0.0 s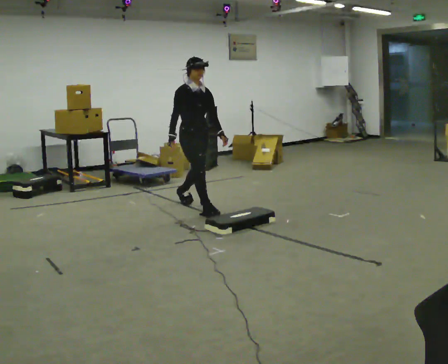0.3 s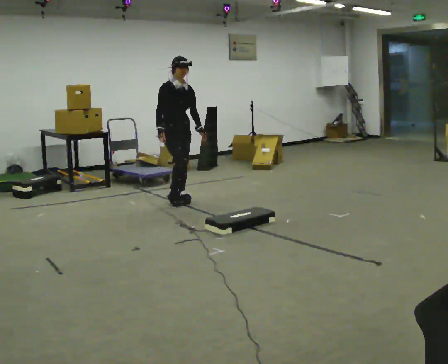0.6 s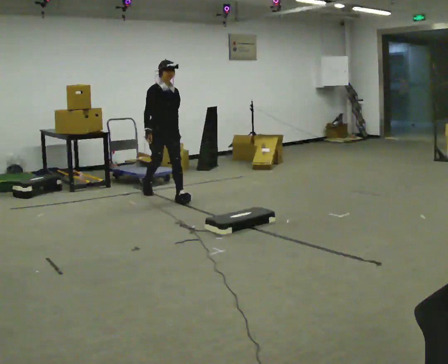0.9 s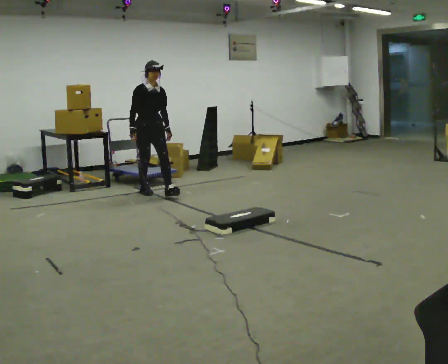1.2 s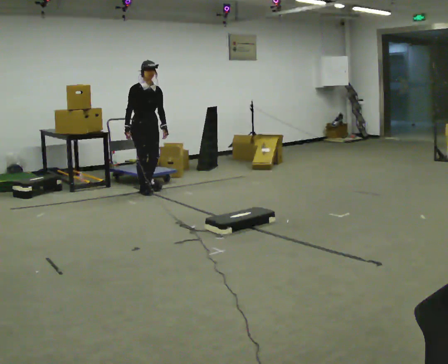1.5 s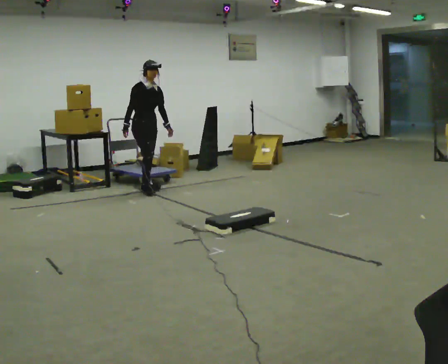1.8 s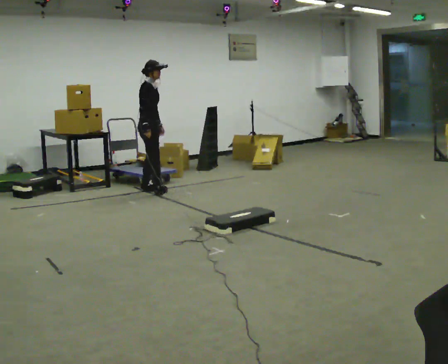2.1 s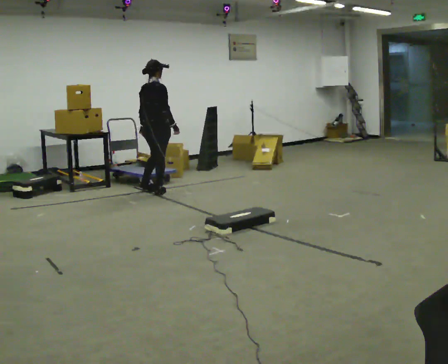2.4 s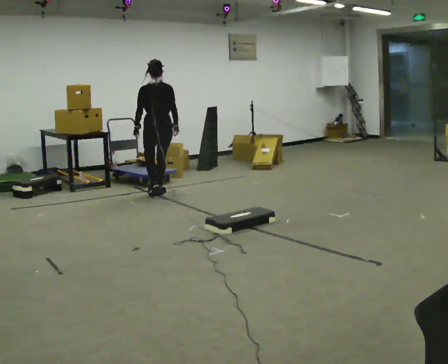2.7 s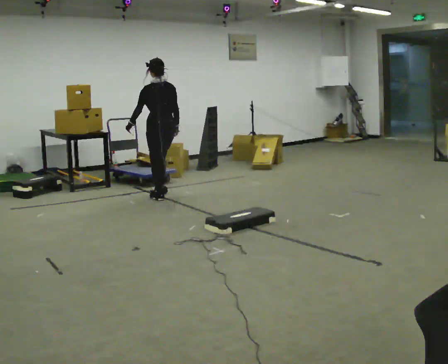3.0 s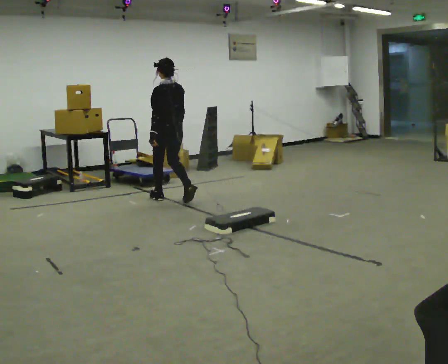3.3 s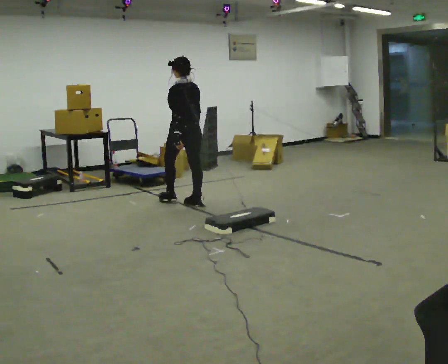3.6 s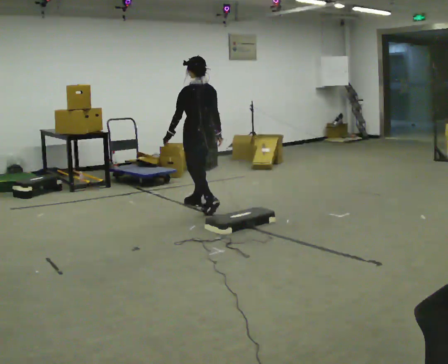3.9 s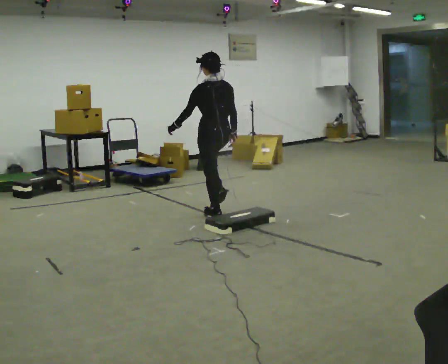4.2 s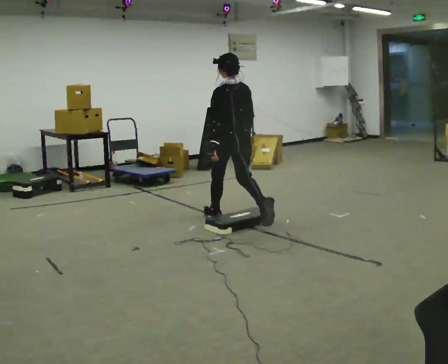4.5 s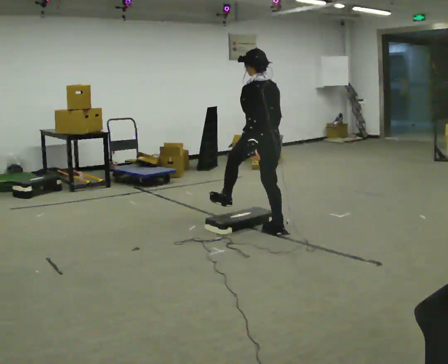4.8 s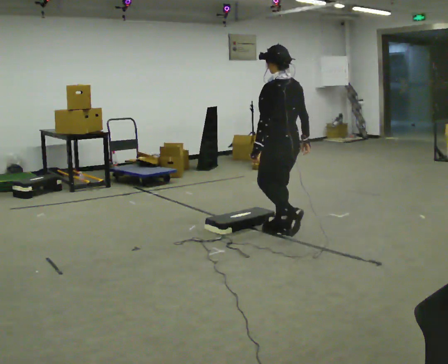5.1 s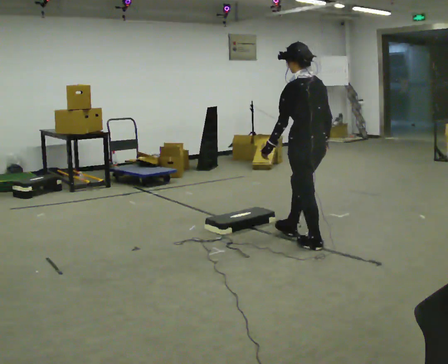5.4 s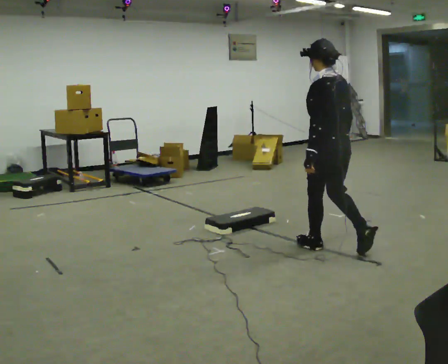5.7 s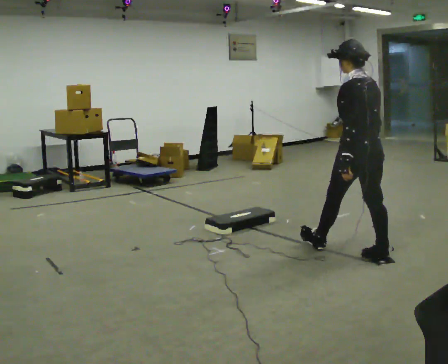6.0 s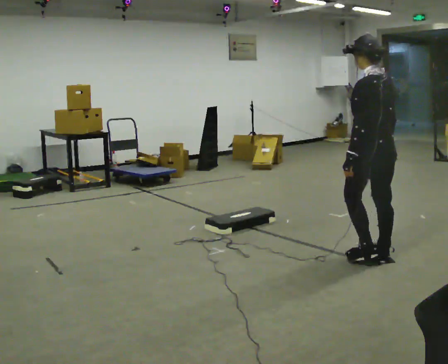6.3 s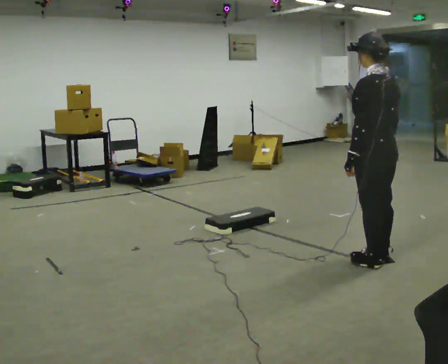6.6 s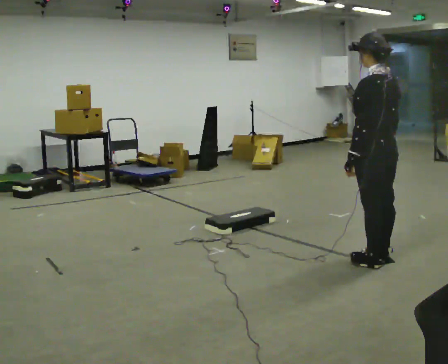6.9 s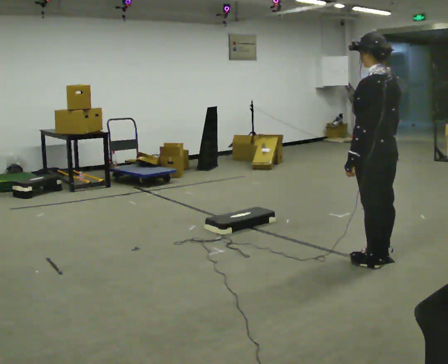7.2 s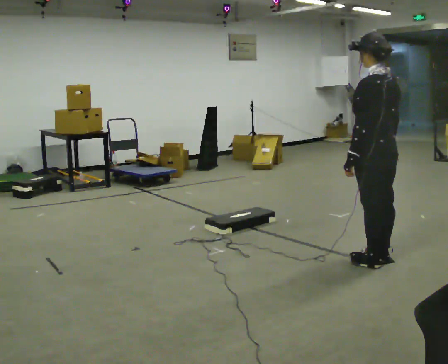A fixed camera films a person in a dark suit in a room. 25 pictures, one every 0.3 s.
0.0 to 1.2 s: In the picture they go away from the camera and to the left, about 1 m in 2 steps, which for them is backward.
1.2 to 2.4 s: The part of the body nearest the lens slides to the right as the person turns to their left by about 165 degrees. In the picture they go to the right, about 0.25 m in 2 steps.
2.4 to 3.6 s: Seen from above the body turns counterclockwise, about 30 degrees: to their left, with its near side sliding to the right. In the picture they go toward the camera and to the right, about 1 m in 2 steps, which for them is backward.
3.6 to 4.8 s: In the picture they go toward the camera and to the right, about 1.5 m in 2 steps, which for them is backward.
4.8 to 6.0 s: In the picture they go toward the camera and to the right, about 1 m in 2 steps, which for them is backward.
6.0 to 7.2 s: The person moves a little, or ends about where they began.
The film runs backward here.
